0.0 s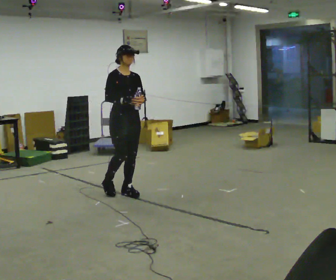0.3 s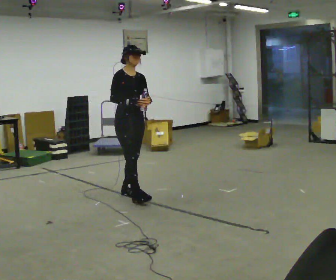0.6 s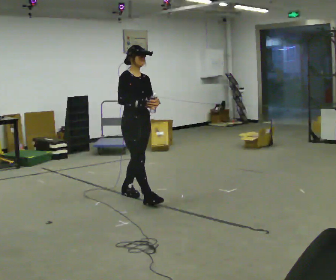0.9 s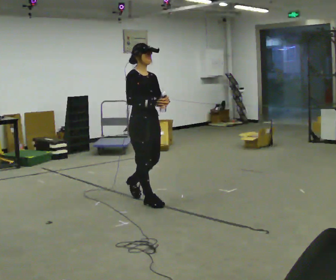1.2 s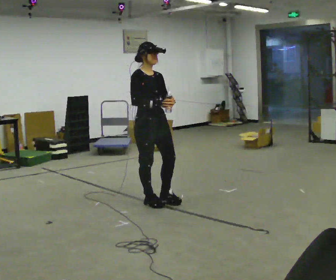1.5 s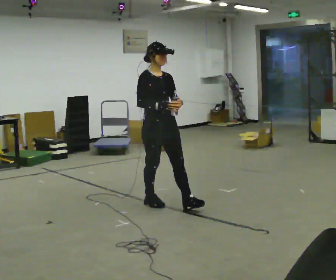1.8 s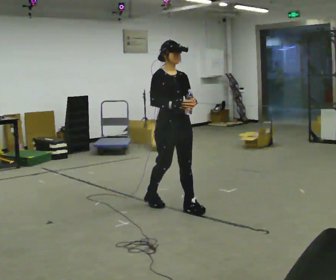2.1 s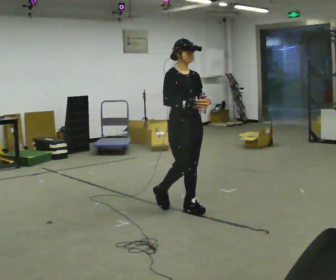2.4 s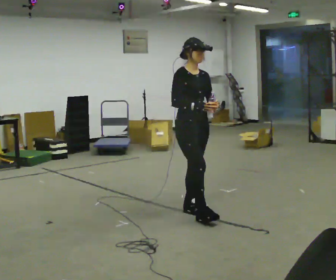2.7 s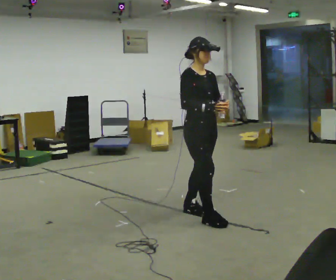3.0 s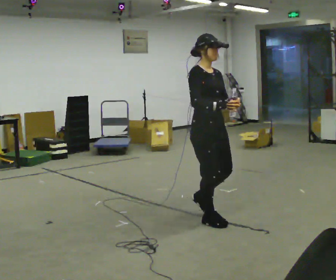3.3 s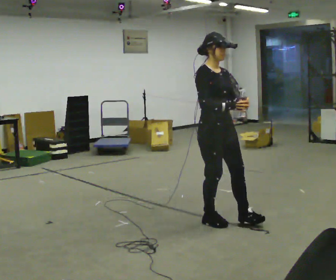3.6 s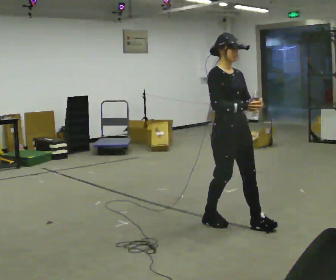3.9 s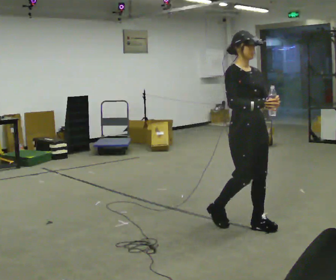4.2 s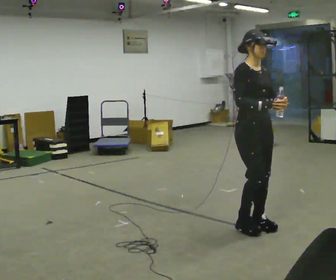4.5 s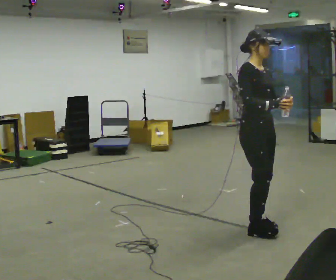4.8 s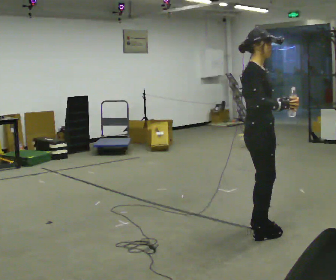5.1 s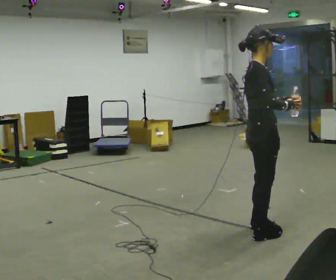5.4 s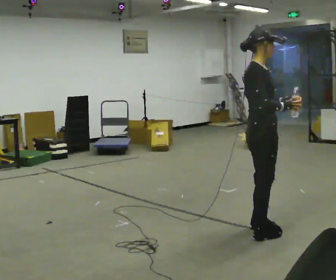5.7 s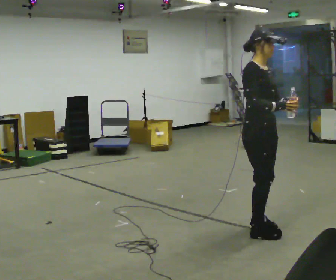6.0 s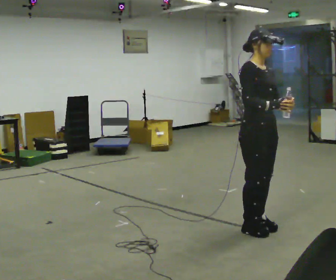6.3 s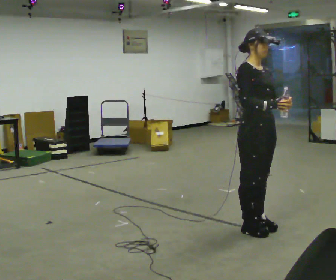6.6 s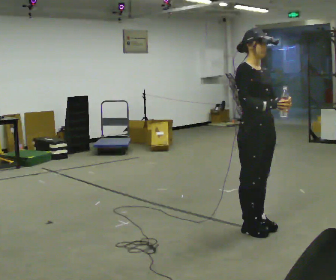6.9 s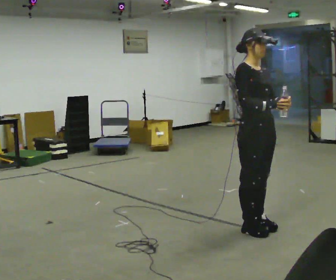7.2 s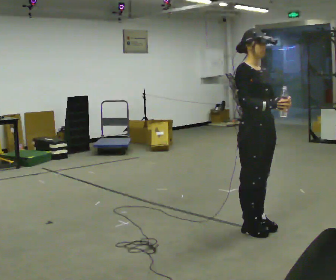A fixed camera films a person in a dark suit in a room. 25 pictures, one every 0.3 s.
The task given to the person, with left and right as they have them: Carry the open container of water across the room without spilling it, back and forth.
0.0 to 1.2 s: In the picture they go toward the camera and to the right, about 0.5 m in 1 step, which for them is forward.
1.2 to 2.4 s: In the picture they go to the right and toward the camera, about 0.5 m in 1 step, which for them is forward.
2.4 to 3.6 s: In the picture they go toward the camera and to the right, about 0.5 m in 2 steps, which for them is forward.
3.6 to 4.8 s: Seen from above the body turns counterclockwise, about 30 degrees: to their left, with its near side sliding to the right. In the picture they go to the right and toward the camera, about 0.25 m in 1 step, which for them is forward.
4.8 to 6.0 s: The person turns about 30 degrees to their right, clockwise seen from above, so the part of the body nearest the lens slides to the left.
6.0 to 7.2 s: The person moves a little, or ends about where they began.
The film runs forward here.
